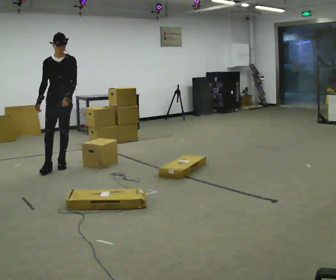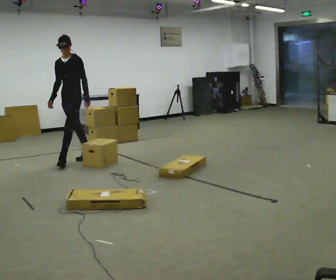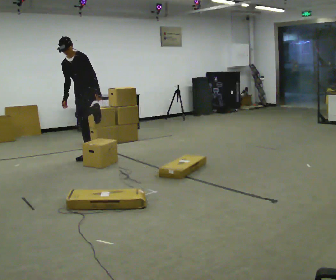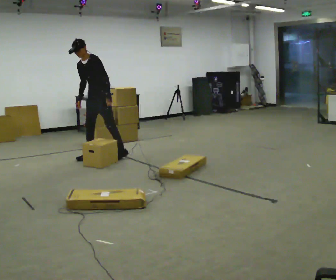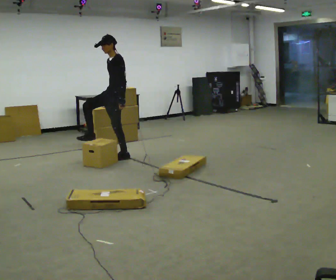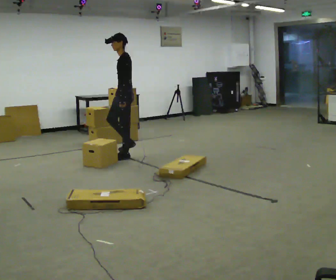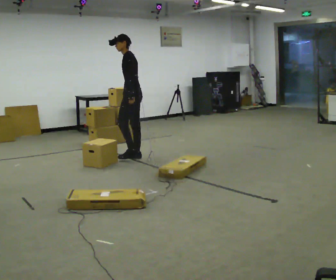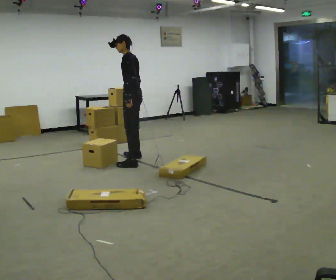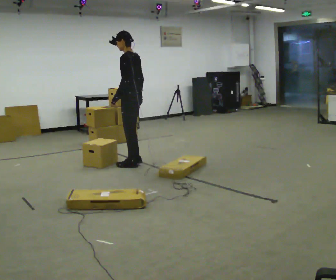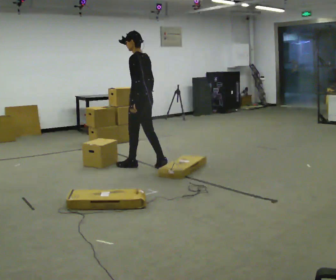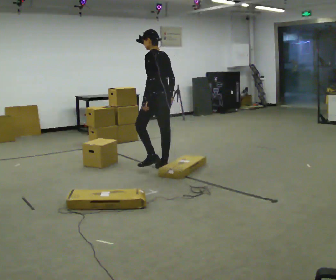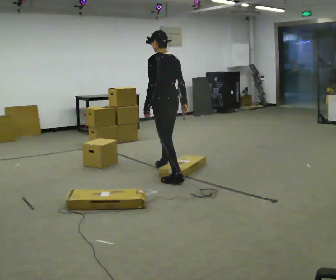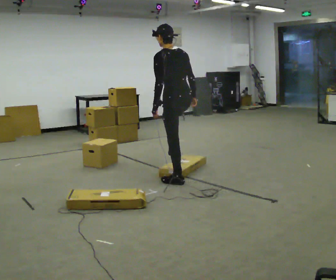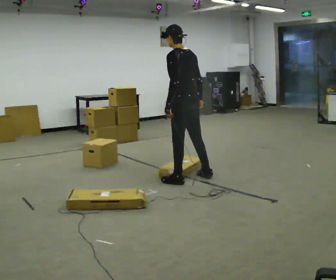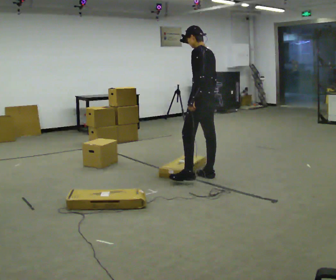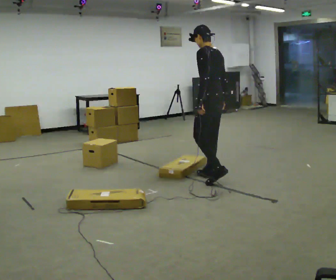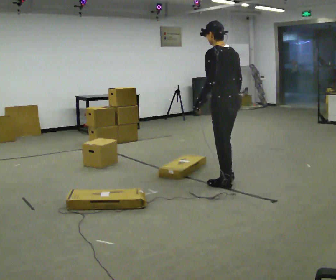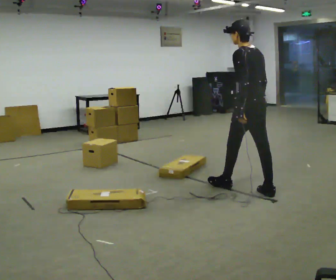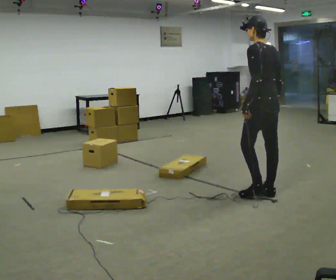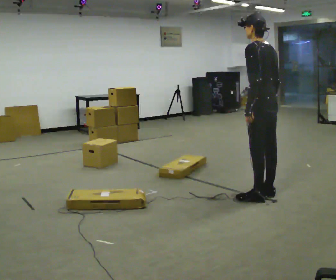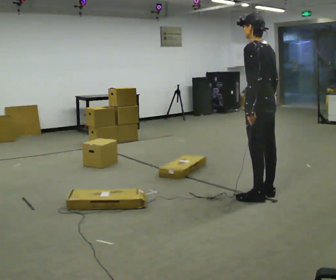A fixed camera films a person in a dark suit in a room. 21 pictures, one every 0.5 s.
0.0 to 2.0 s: The part of the body nearest the lens slides to the left as the person turns to their right by about 75 degrees. In the picture they go to the right and away from the camera, about 1 m in 2 steps.
2.0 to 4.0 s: The part of the body nearest the lens slides to the left as the person turns to their right by about 45 degrees. In the picture they go toward the camera and to the right, about 0.5 m in 2 steps, which for them is to their left and backward.
4.0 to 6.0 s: The person turns about 30 degrees to their right, clockwise seen from above, so the part of the body nearest the lens slides to the left. In the picture they go toward the camera and to the right, about 1 m in 3 steps, which for them is backward.
6.0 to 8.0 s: In the picture they go to the right and toward the camera, about 0.5 m in 2 steps, which for them is backward.
8.0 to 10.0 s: In the picture they go toward the camera and to the right, about 0.5 m in 1 step, which for them is backward.
The film runs backward here.
